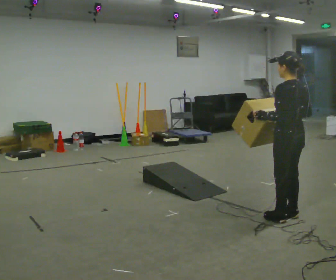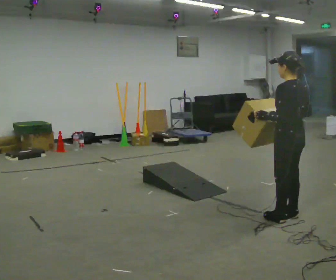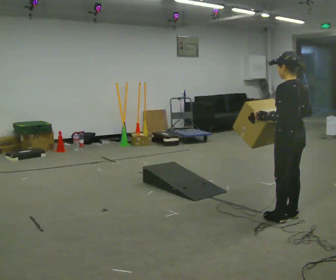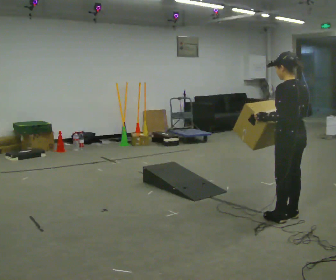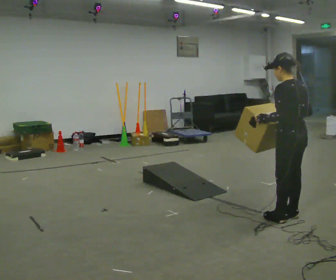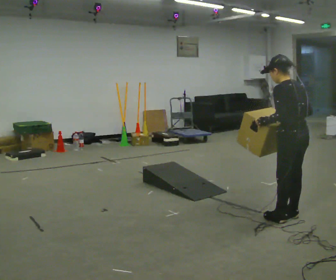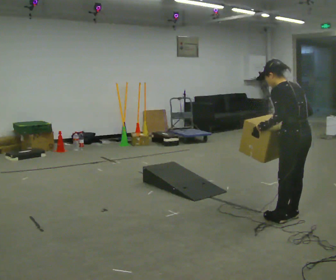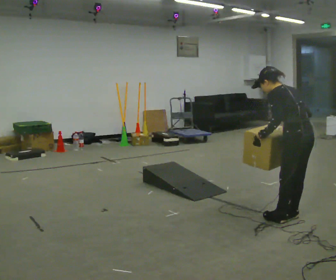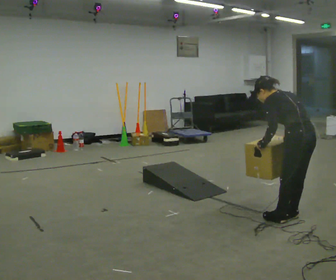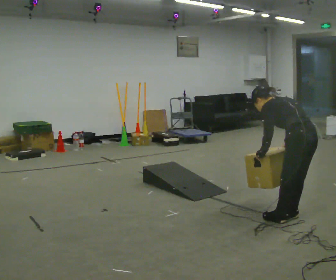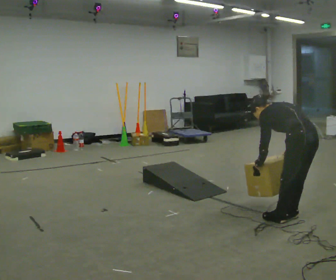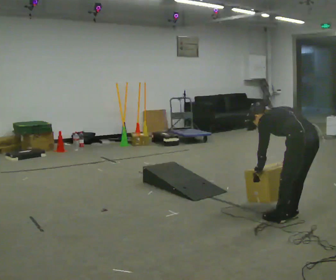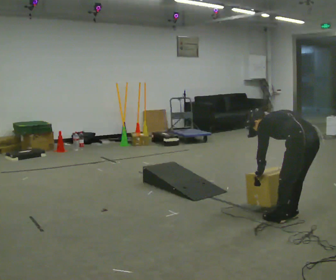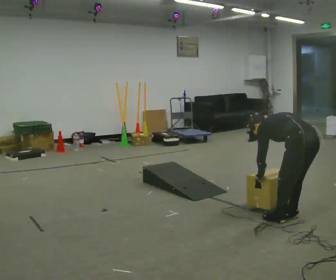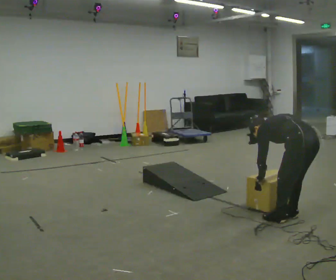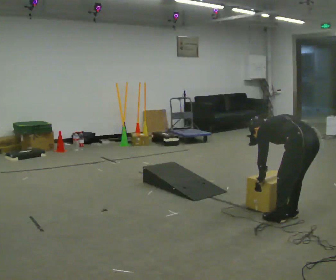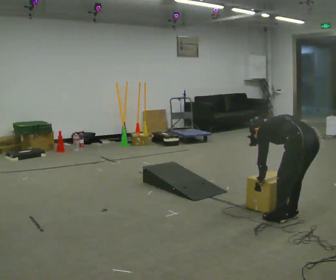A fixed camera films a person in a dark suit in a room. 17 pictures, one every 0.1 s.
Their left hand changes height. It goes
downward.
Their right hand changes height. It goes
downward.
0.0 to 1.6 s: The upper body goes downward. In the picture the upper body tilts counterclockwise, shoulders to the left, as they bend forward. In the picture their left hand goes downward.
The film runs forward here.
